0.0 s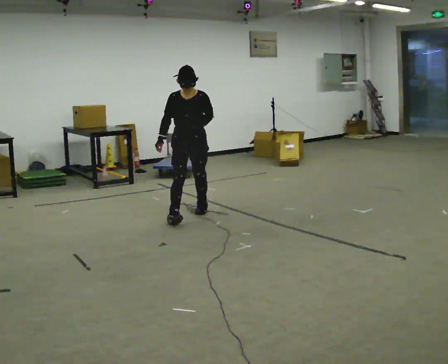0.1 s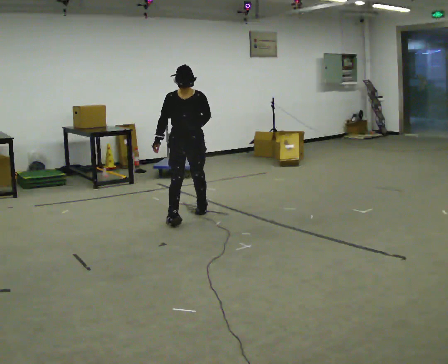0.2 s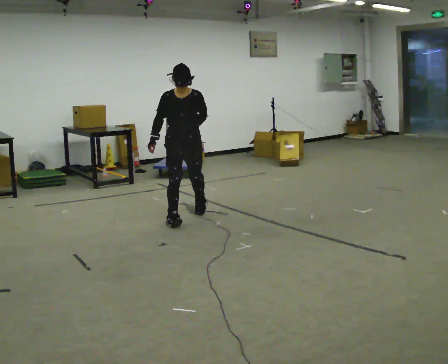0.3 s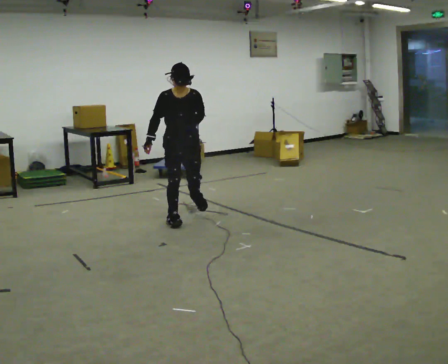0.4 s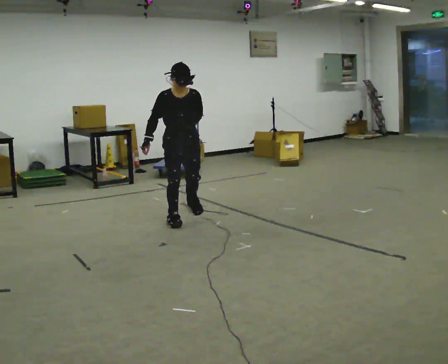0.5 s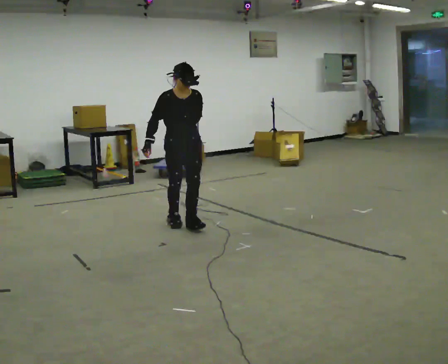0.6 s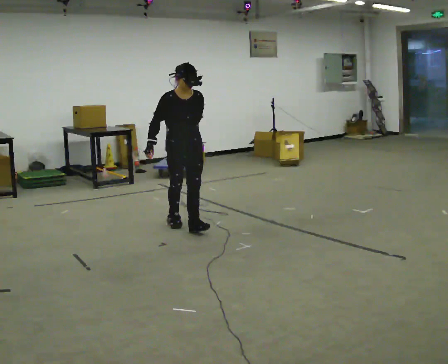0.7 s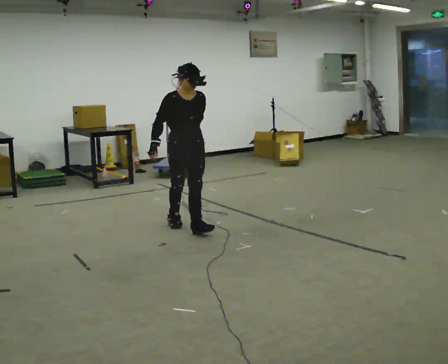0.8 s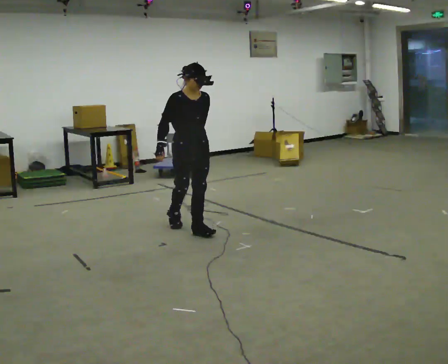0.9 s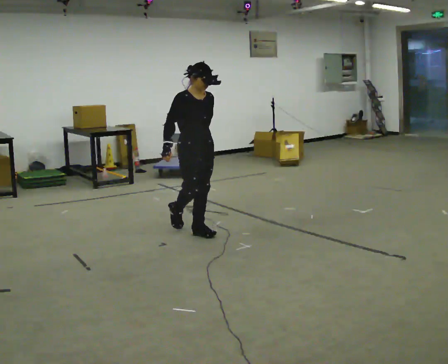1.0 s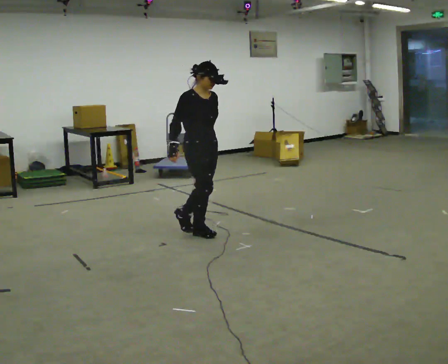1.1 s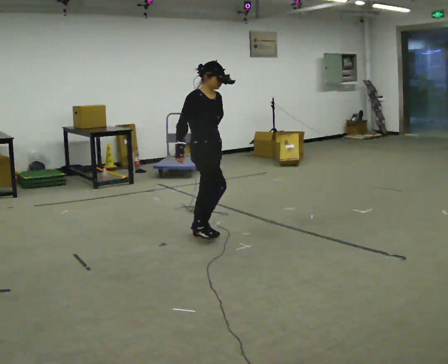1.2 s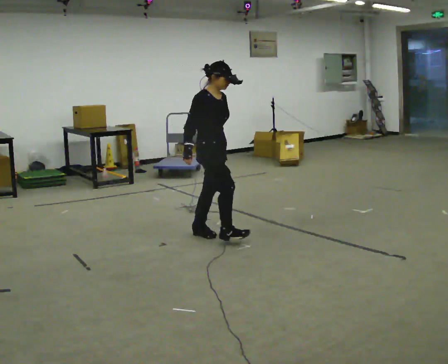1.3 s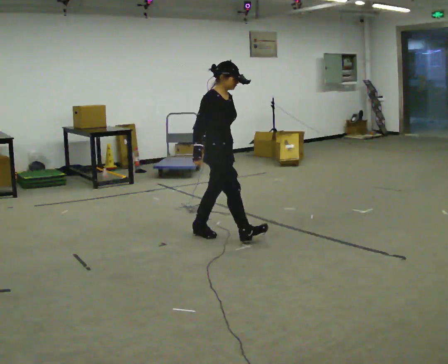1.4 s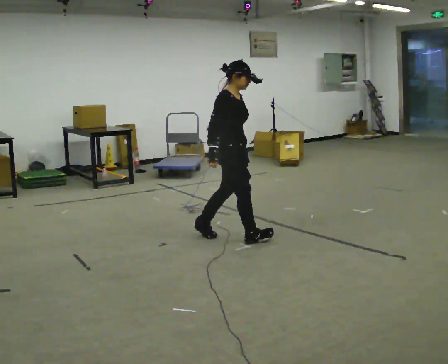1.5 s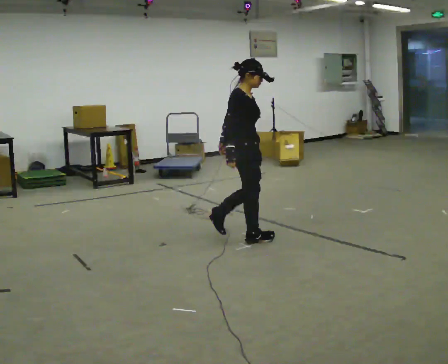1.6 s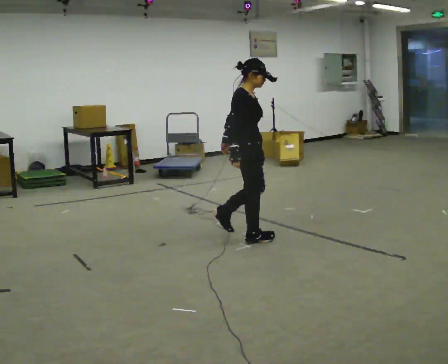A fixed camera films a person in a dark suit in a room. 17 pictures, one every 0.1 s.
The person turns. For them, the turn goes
to their left.
The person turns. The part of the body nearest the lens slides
to the right.
0.0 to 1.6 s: Seen from above the body turns counterclockwise, about 90 degrees: to their left, with its near side sliding to the right. In the picture they go toward the camera and to the right, about 1 m in 2 steps.
The film runs forward here.
